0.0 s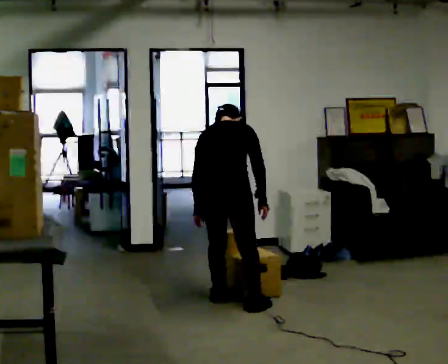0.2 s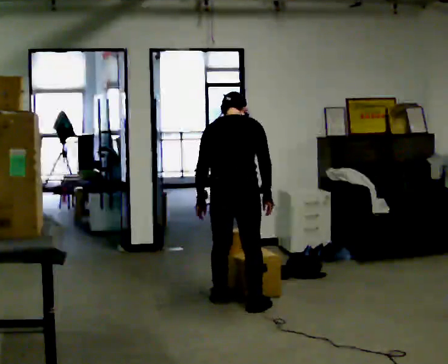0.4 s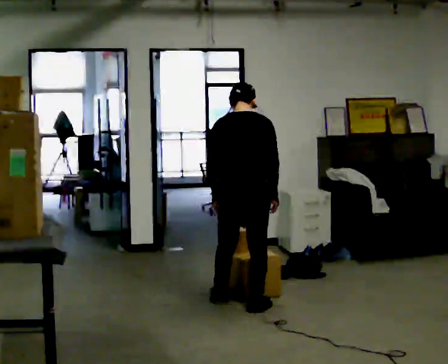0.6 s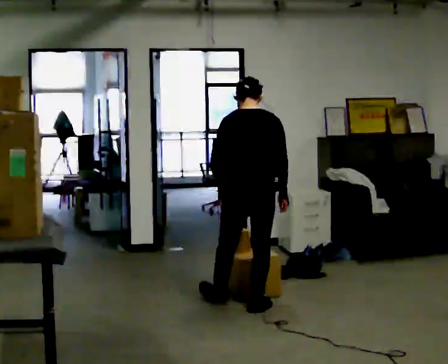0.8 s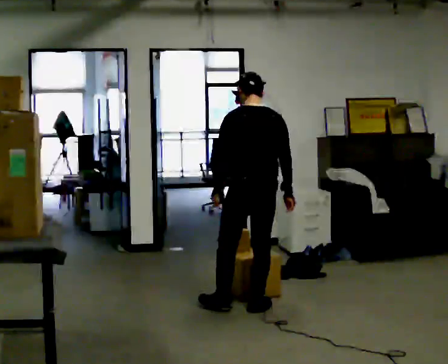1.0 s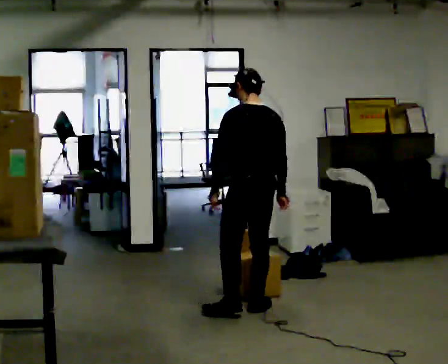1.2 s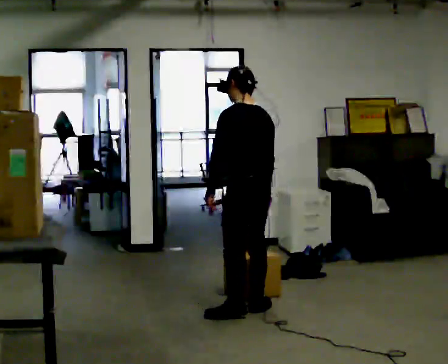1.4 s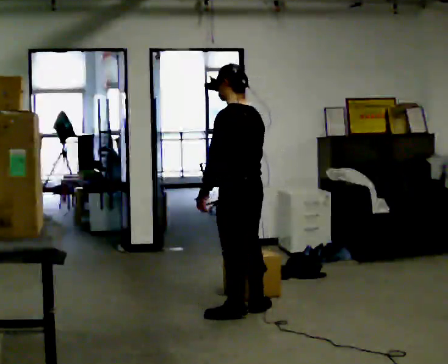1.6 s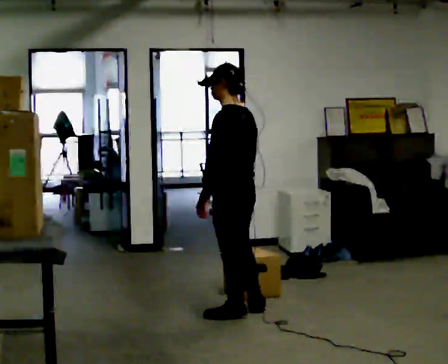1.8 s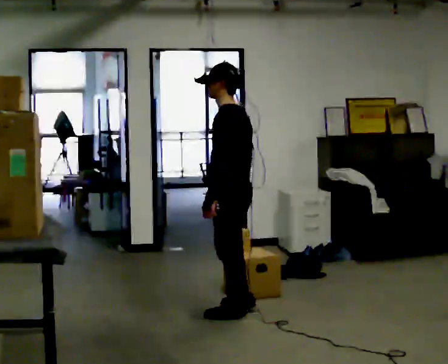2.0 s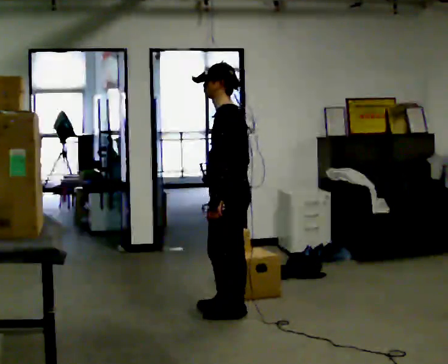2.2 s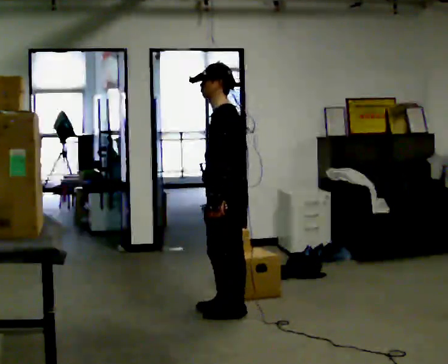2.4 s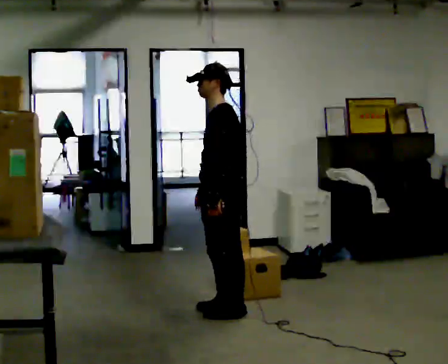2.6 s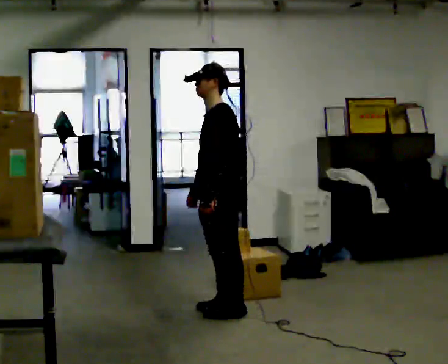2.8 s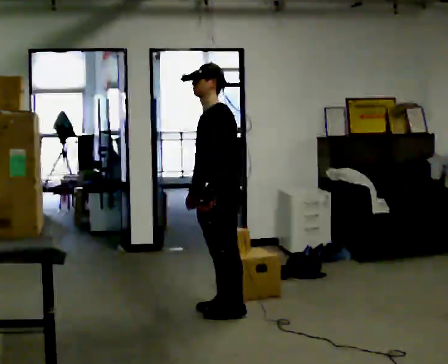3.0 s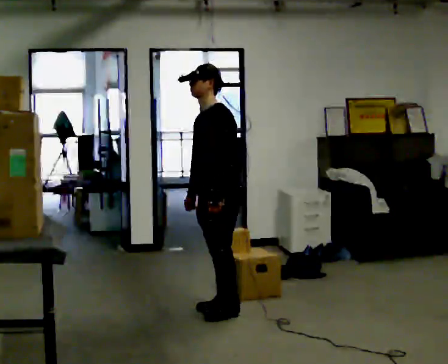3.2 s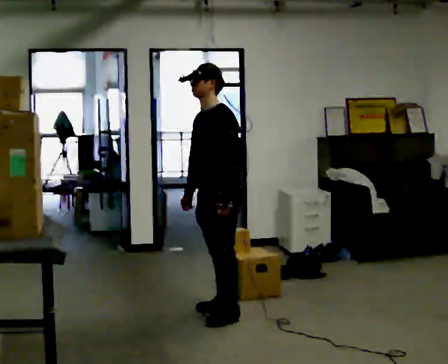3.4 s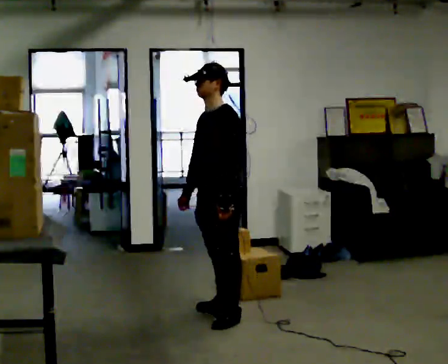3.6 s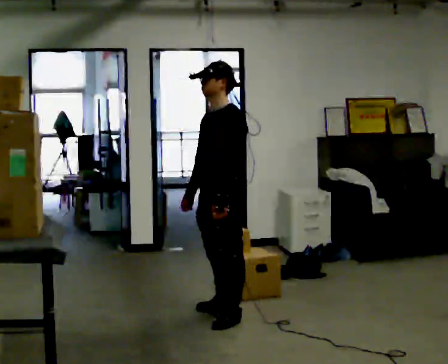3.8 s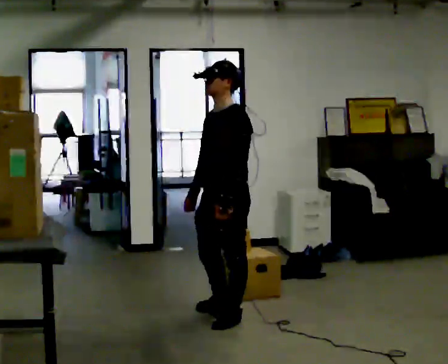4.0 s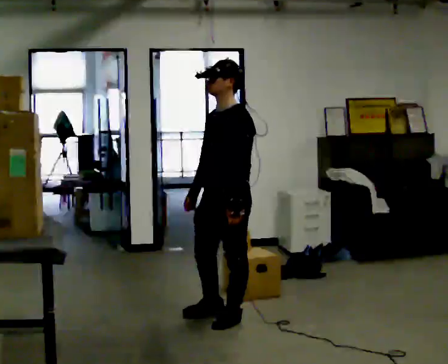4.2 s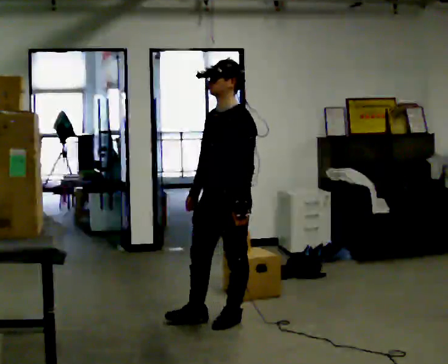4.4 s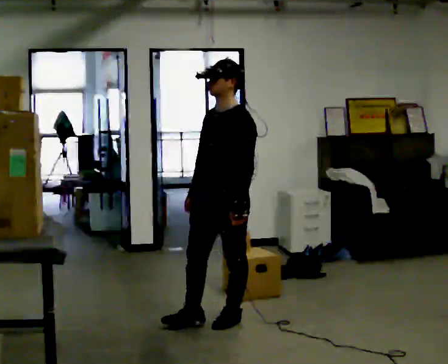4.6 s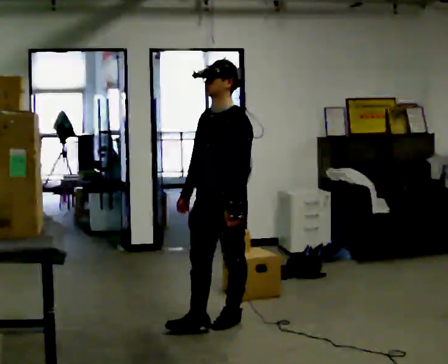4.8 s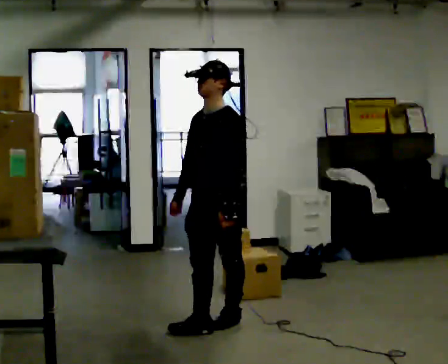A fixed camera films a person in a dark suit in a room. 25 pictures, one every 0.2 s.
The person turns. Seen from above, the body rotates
counterclockwise.
The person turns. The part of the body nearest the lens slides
to the right.
0.0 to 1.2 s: Seen from above the body turns counterclockwise, about 60 degrees: to their left, with its near side sliding to the right. In the picture they go toward the camera and to the right, about 0.25 m in 1 step. The upper body tips toward the camera, its near side rolling downward, as they lean back or straighten.
1.2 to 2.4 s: The person turns about 45 degrees to their left, counterclockwise seen from above, so the part of the body nearest the lens slides to the right. In the picture they go to the left, about 0.25 m in 1 step, which for them is forward.
2.4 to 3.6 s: The person moves a little, or ends about where they began.
3.6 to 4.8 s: In the picture they go toward the camera, about 0.25 m in 1 step, which for them is forward.
The film runs forward here.
